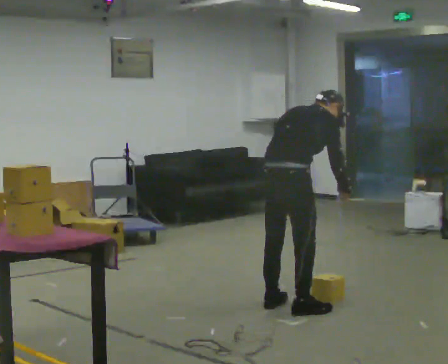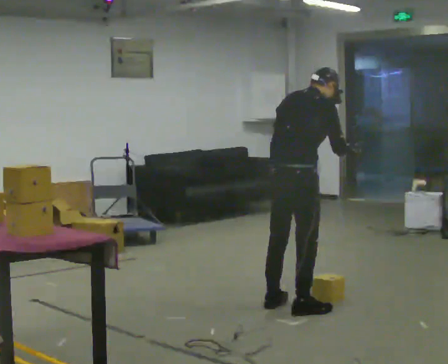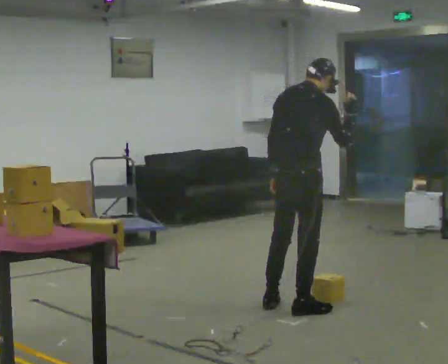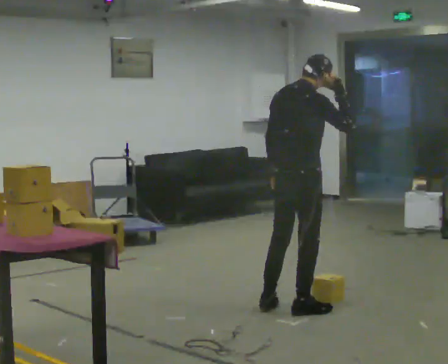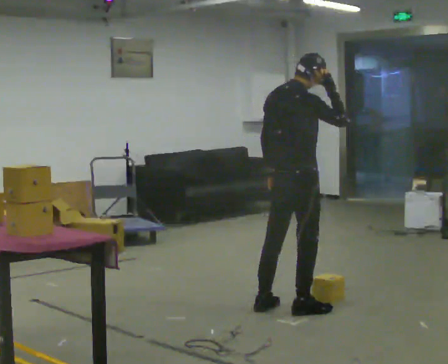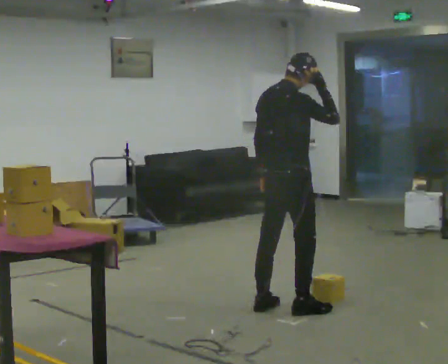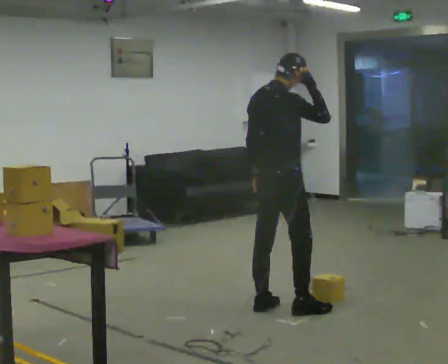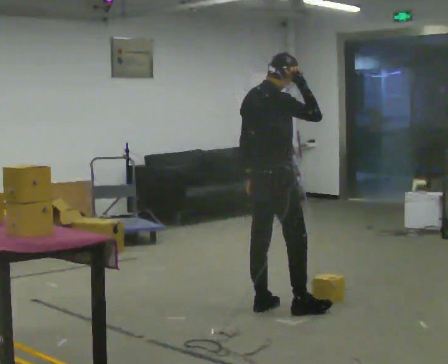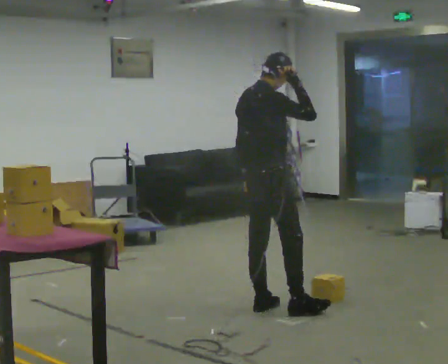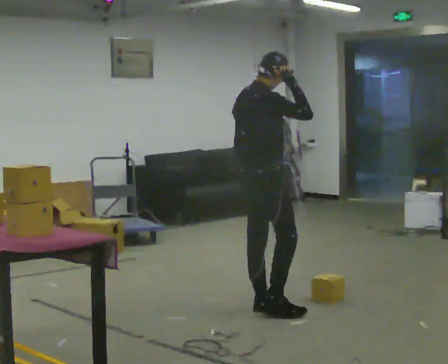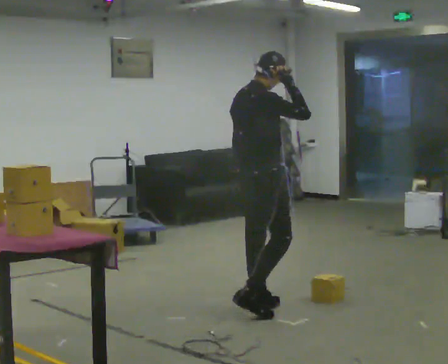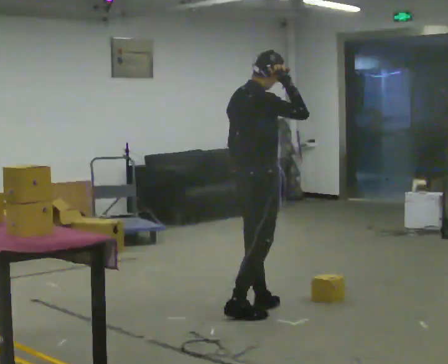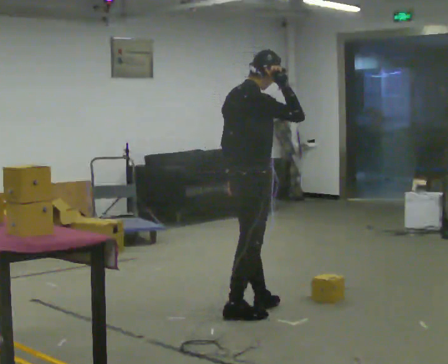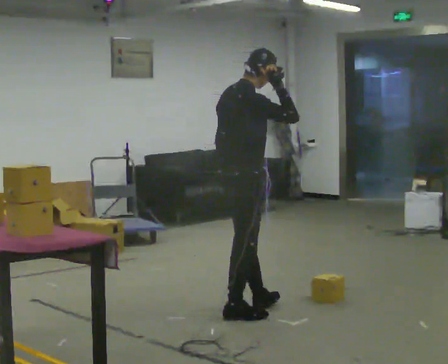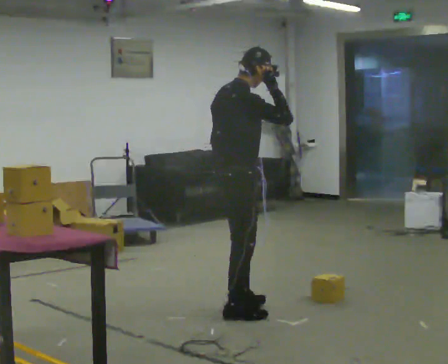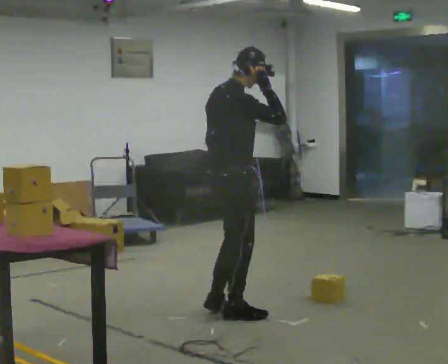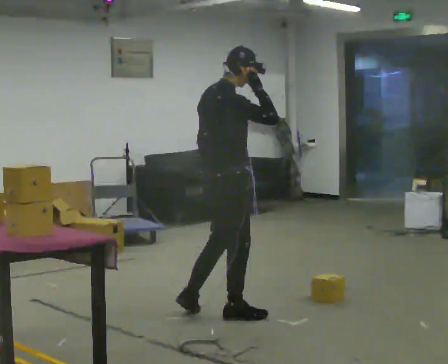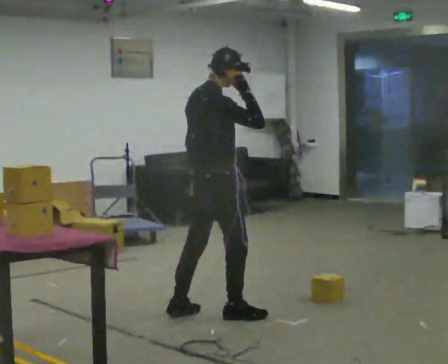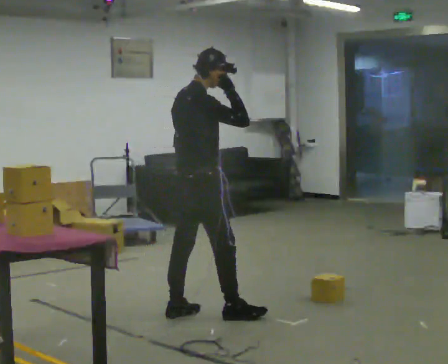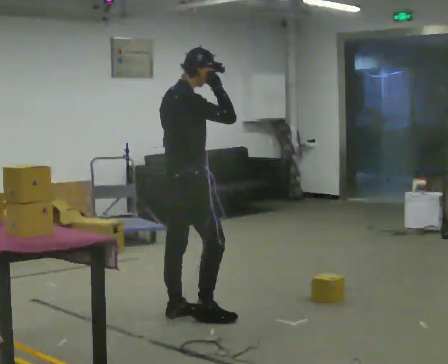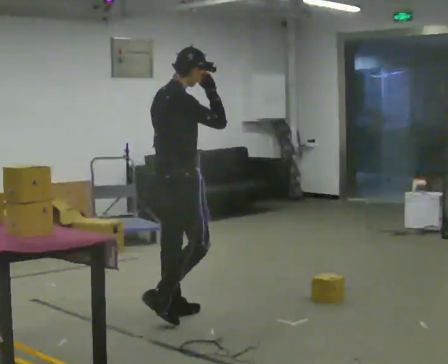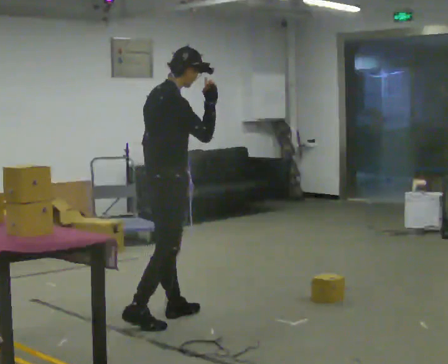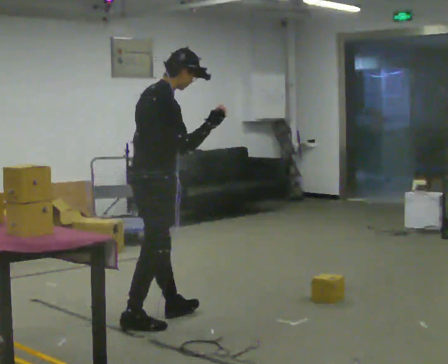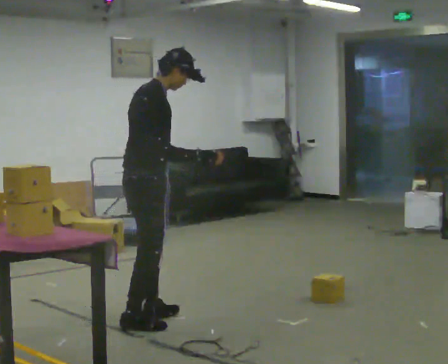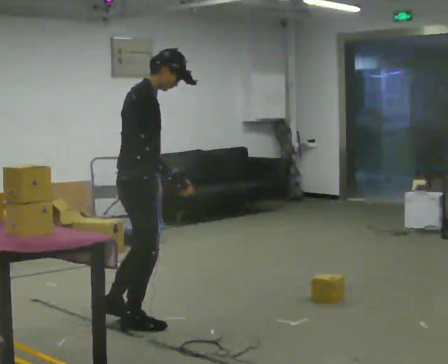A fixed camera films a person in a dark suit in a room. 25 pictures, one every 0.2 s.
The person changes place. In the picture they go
to the left.
The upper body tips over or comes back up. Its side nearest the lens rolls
downward.
0.0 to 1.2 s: The upper body goes upward. The upper body tips toward the camera, its near side rolling downward, as they lean back or straighten. In the picture their right hand goes upward.
1.2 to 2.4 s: In the picture they go to the left, about 0.25 m in 1 step, which for them is backward.
2.4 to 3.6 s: In the picture they go to the left, about 0.25 m in 1 step, which for them is backward.
3.6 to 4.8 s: In the picture they go to the left and toward the camera, about 0.5 m in 2 steps, which for them is backward. In the picture their right hand goes downward.
The film runs backward here.
